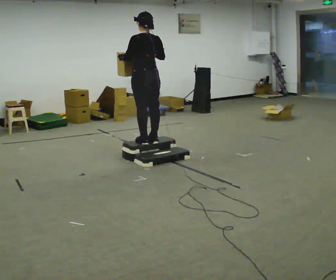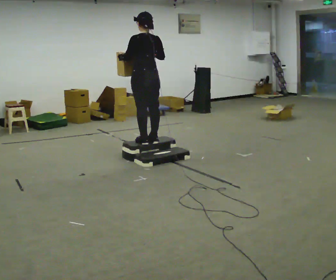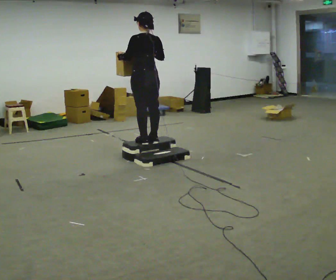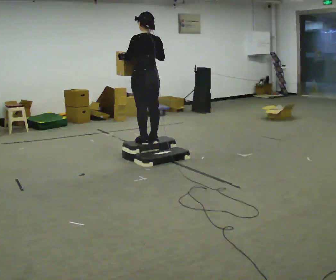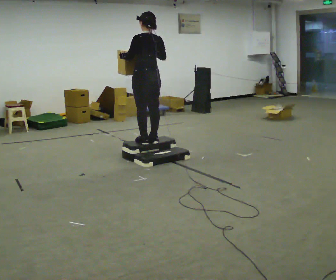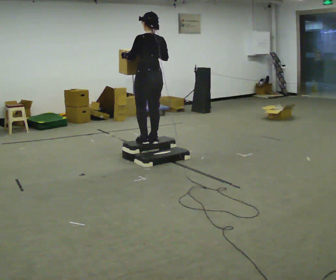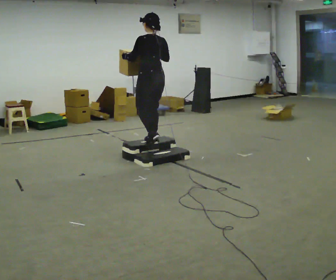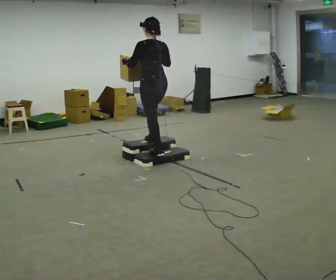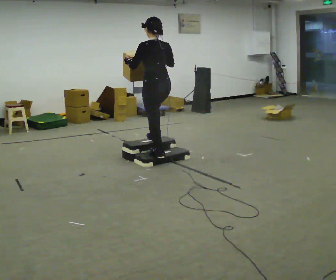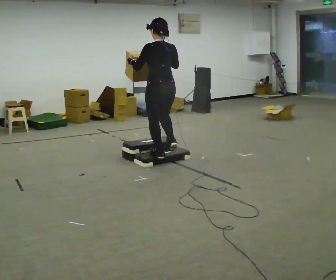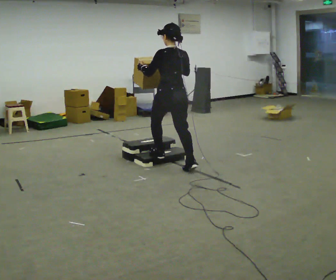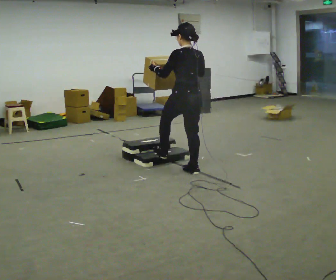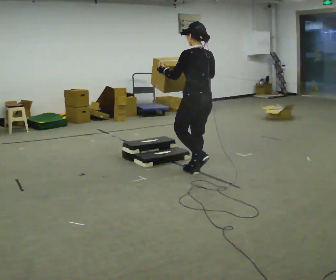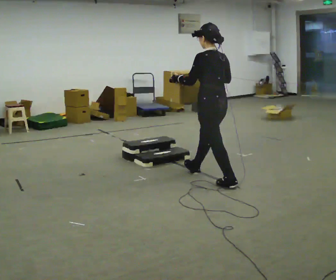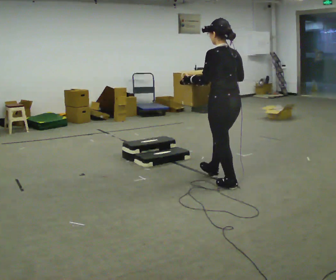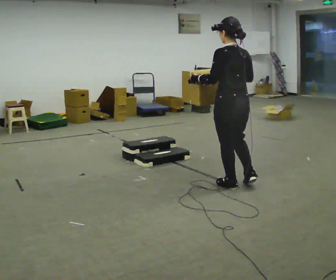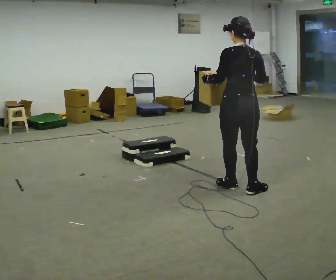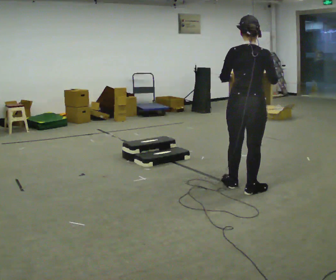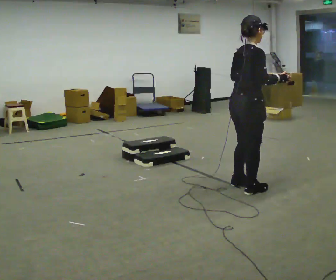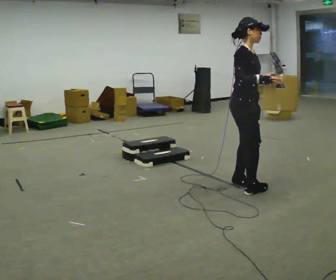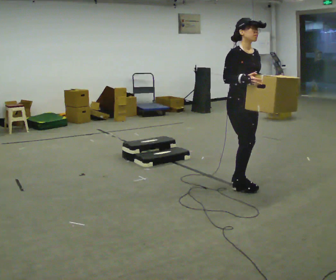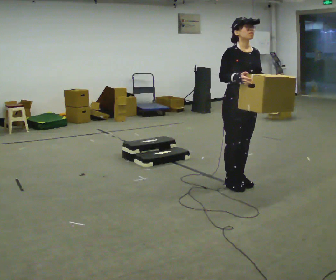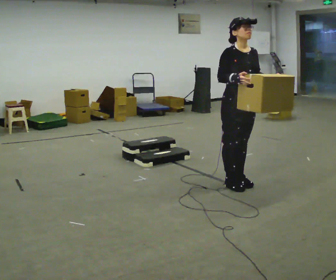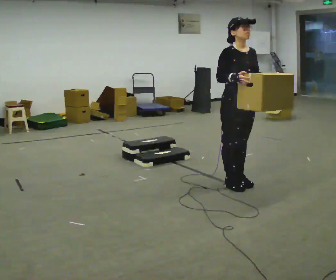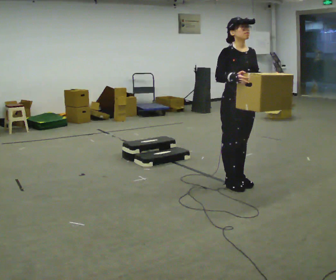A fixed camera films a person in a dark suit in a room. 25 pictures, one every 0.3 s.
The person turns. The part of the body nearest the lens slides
to the left.
The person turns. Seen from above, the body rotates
clockwise.
0.0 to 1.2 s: The person keeps their place and pose.
1.2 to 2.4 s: In the picture they go toward the camera and to the right, about 0.25 m in 2 steps, which for them is backward.
2.4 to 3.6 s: In the picture they go to the right and toward the camera, about 0.75 m in 1 step, which for them is backward.
3.6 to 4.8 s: The person turns about 30 degrees to their right, clockwise seen from above, so the part of the body nearest the lens slides to the left. In the picture they go toward the camera and to the right, about 0.75 m in 1 step, which for them is backward.
4.8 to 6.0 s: The person turns about 150 degrees to their right, clockwise seen from above, so the part of the body nearest the lens slides to the left. In the picture they go away from the camera, about 0.25 m in 1 step. In the picture their left hand goes to the right.
6.0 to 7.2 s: The person moves a little, or ends about where they began.
The film runs backward here.
